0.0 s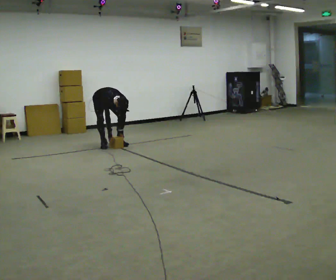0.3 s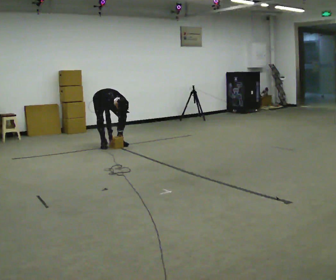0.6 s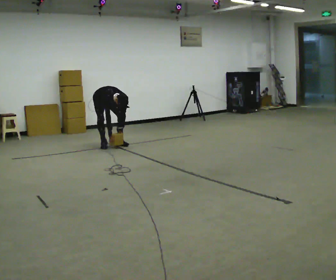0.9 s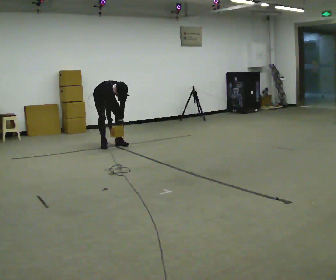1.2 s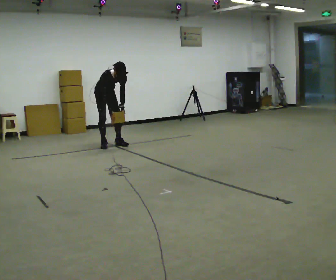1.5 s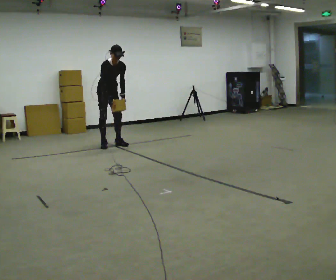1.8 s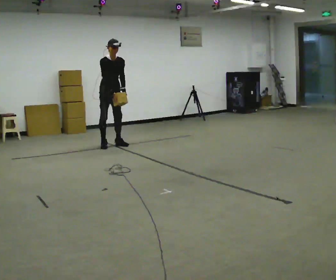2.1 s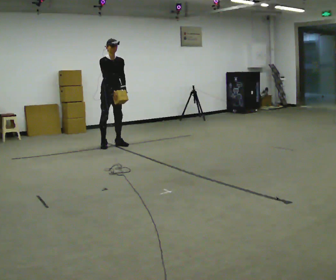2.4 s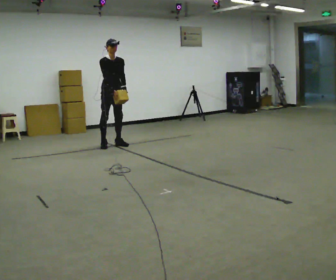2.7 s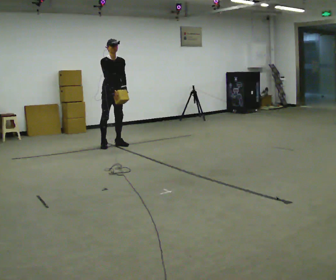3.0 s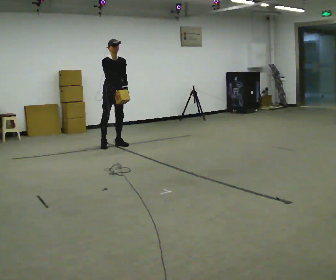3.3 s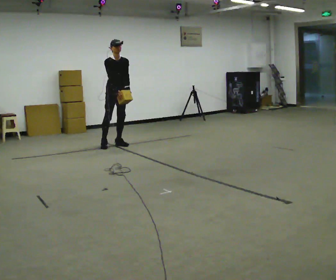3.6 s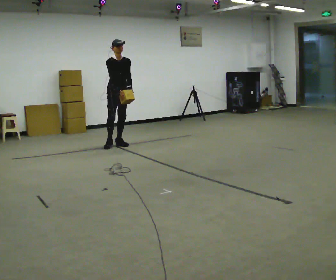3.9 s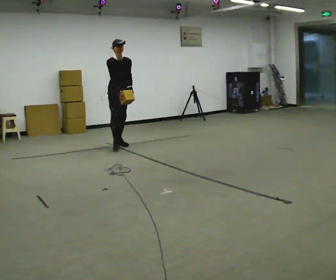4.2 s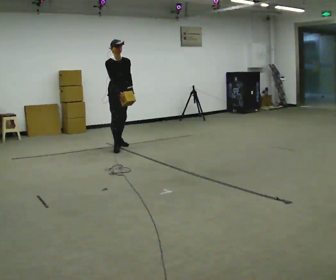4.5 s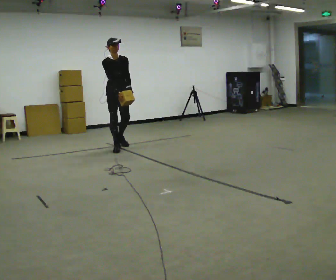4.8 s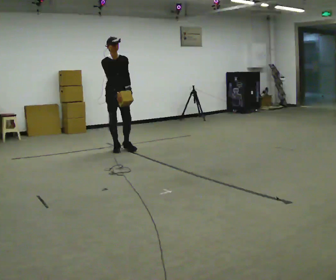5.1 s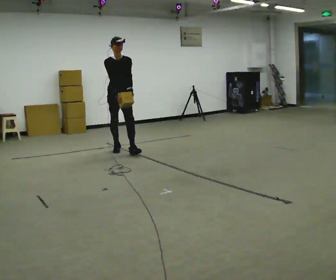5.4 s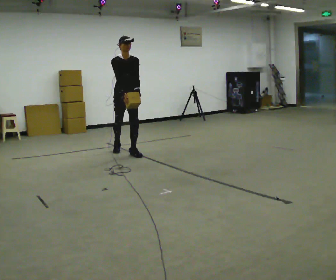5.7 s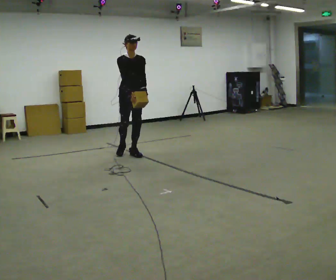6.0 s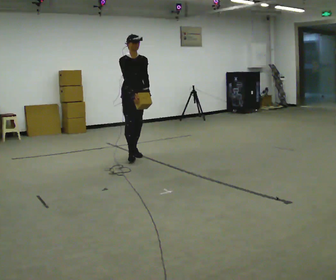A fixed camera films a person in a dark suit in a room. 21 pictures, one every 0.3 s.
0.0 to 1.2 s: The shoulders move upward. The upper body tips away from the camera, its near side rolling upward, as they lean back or straighten. In the picture their left hand goes upward.
1.2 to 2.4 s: The upper body goes upward. The upper body tips away from the camera, its near side rolling upward, as they lean back or straighten. In the picture their right hand goes upward.
2.4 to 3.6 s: The person moves a little, or ends about where they began.
3.6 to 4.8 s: In the picture they go toward the camera, about 0.5 m in 1 step, which for them is forward and to their right.
4.8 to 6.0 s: In the picture they go toward the camera and to the right, about 0.5 m in 1 step, which for them is forward.
The film runs forward here.
